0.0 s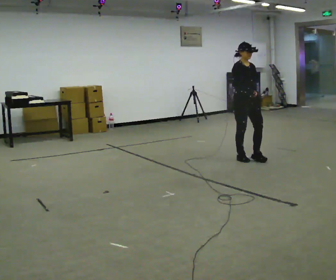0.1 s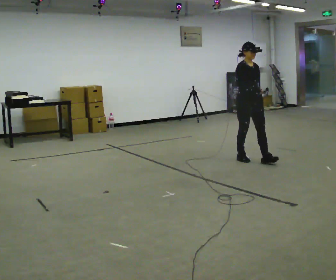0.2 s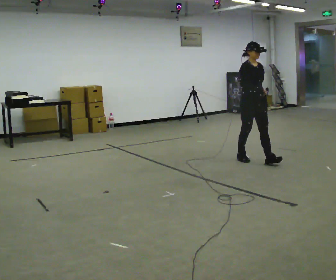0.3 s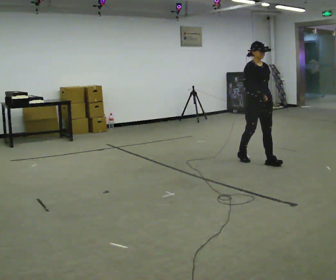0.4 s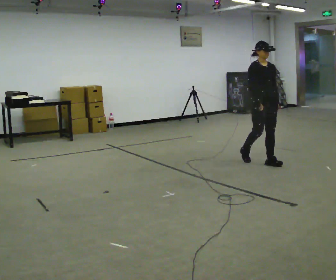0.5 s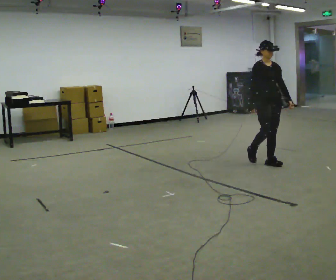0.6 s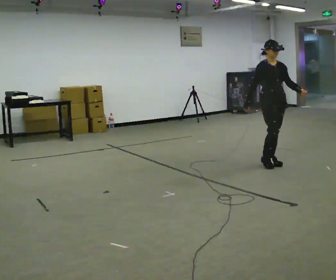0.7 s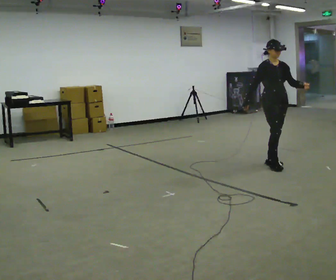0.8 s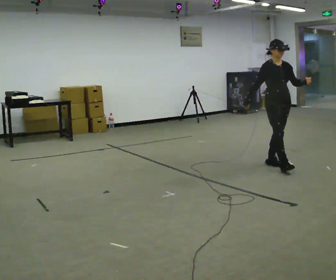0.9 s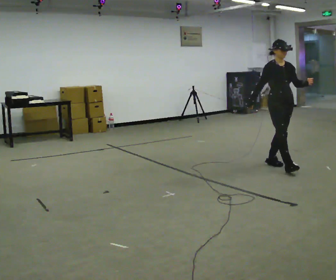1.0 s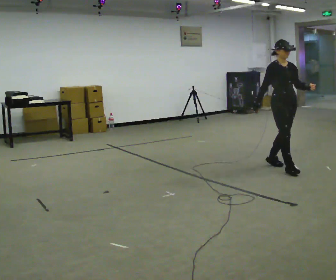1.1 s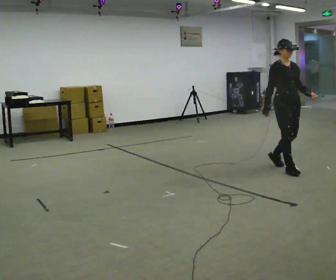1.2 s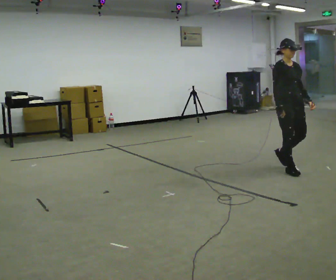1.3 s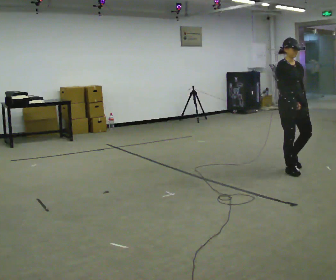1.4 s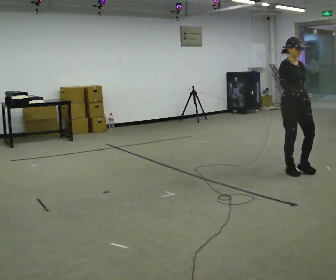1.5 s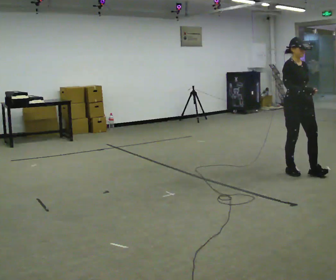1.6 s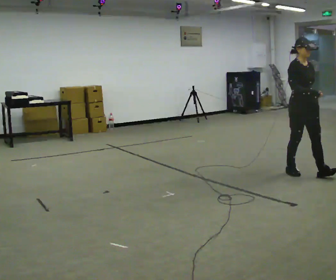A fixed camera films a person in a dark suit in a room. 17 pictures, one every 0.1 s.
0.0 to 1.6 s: In the picture they go toward the camera and to the right, about 1 m in 2 steps, which for them is forward.
The film runs forward here.
